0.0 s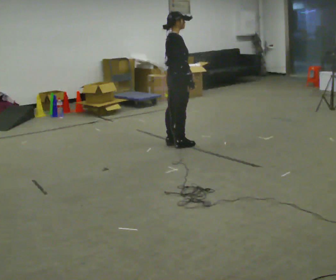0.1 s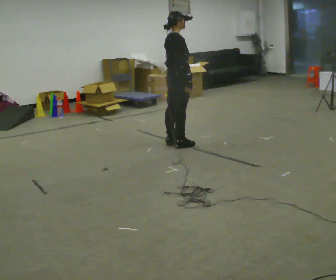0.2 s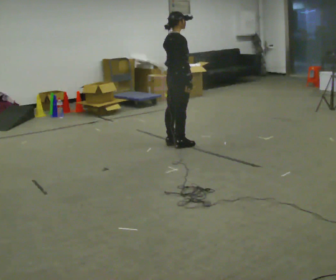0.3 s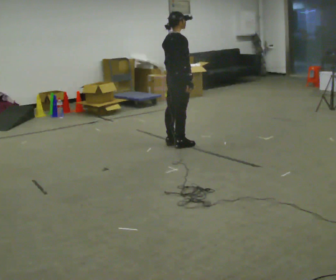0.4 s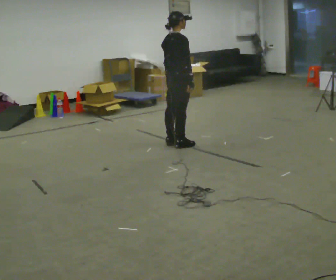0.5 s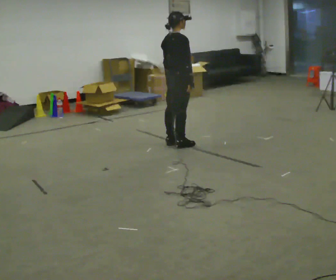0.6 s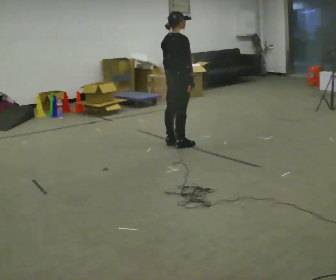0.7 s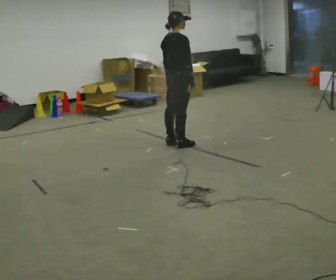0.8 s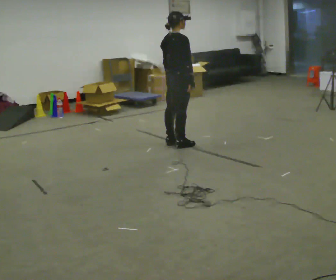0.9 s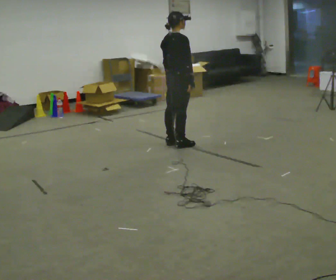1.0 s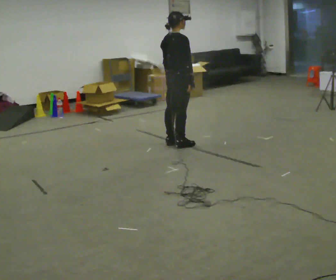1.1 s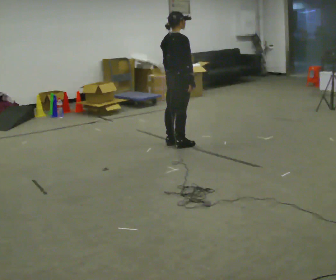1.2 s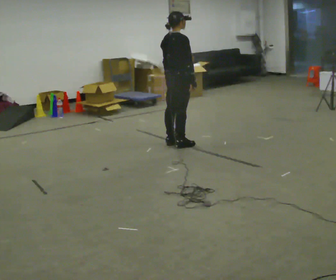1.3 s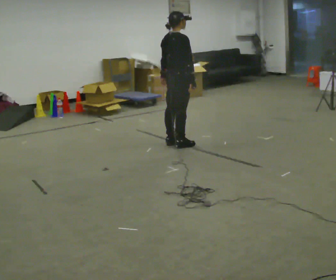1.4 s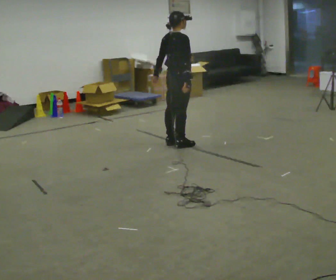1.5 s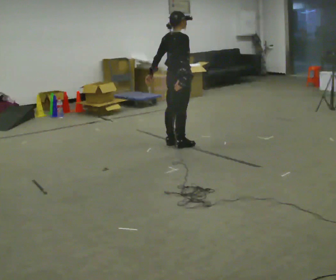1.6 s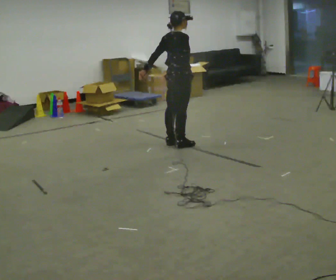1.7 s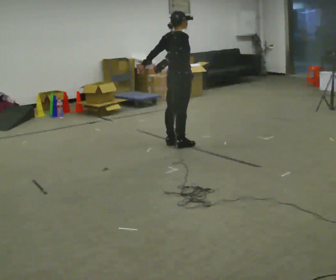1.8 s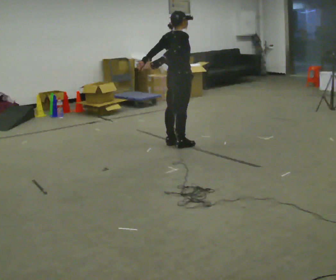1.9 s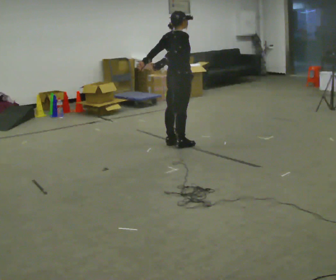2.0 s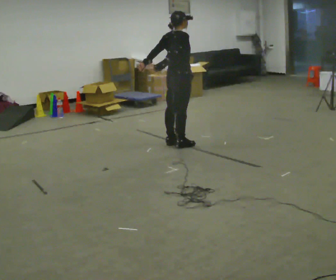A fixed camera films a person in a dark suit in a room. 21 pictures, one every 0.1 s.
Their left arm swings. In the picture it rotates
clockwise.
0.0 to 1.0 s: The person moves a little, or ends about where they began.
1.0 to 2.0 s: In the picture their left hand goes to the left.
The film runs forward here.
